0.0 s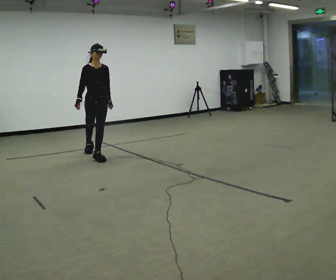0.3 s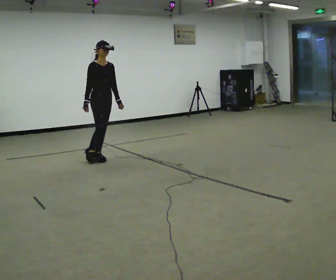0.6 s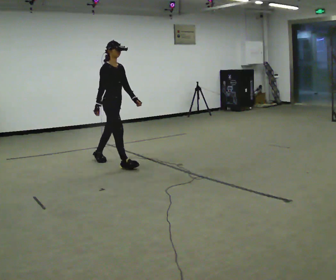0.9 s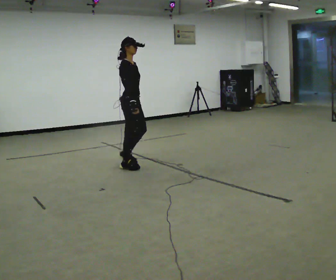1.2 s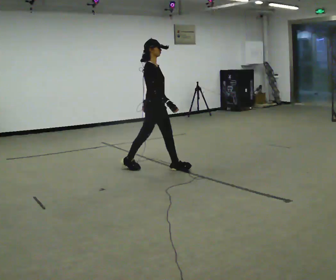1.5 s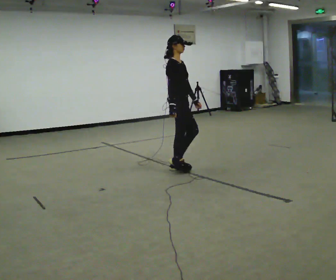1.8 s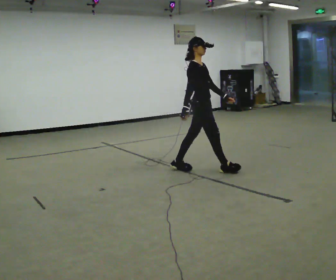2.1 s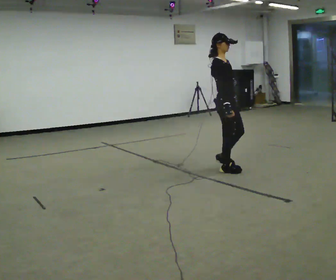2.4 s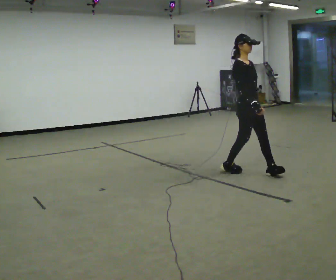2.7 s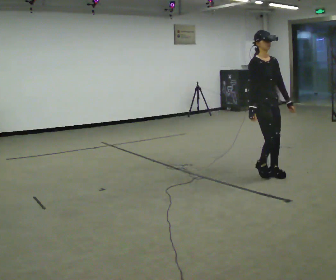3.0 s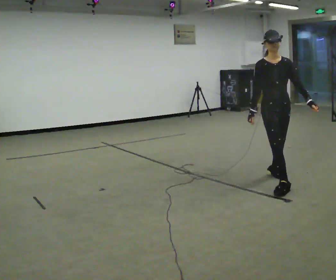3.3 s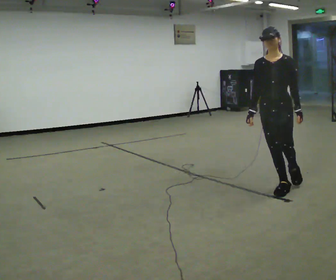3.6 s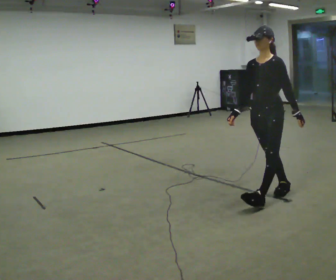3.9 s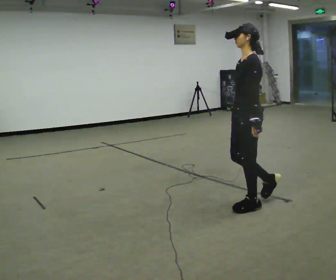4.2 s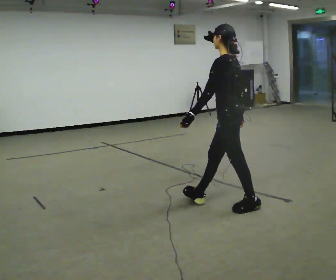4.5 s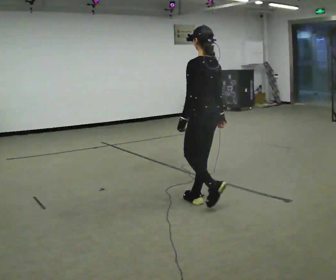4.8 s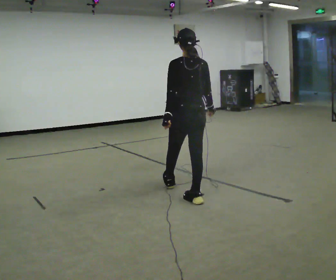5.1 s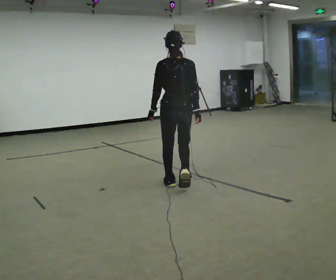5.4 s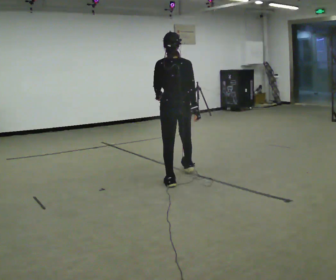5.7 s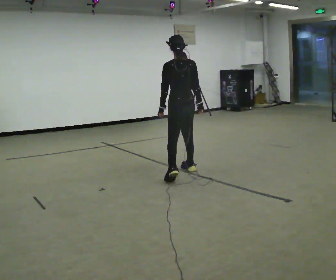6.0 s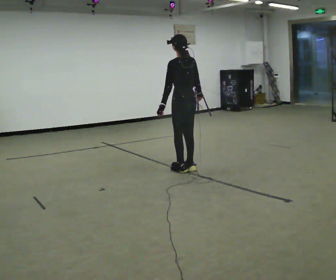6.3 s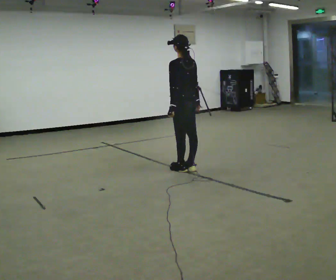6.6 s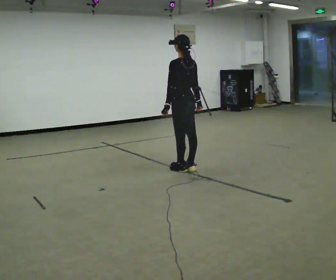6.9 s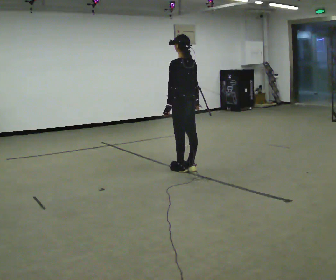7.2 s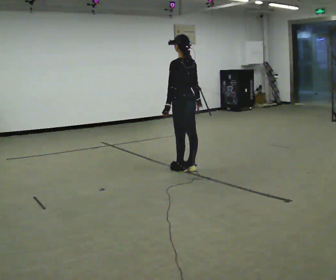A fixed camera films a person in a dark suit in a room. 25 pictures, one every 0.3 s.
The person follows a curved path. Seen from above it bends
clockwise.
0.0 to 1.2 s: Seen from above the body turns counterclockwise, about 45 degrees: to their left, with its near side sliding to the right. In the picture they go to the right and toward the camera, about 1 m in 2 steps, which for them is forward.
1.2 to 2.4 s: Seen from above the body turns clockwise, about 30 degrees: to their right, with its near side sliding to the left. In the picture they go to the right, about 1 m in 2 steps, which for them is forward.
2.4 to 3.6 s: The part of the body nearest the lens slides to the left as the person turns to their right by about 105 degrees. In the picture they go toward the camera, about 1 m in 1 step.
3.6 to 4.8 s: The person turns about 120 degrees to their right, clockwise seen from above, so the part of the body nearest the lens slides to the left. In the picture they go to the left, about 1 m in 2 steps.
4.8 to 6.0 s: Seen from above the body turns counterclockwise, about 30 degrees: to their left, with its near side sliding to the right. In the picture they go away from the camera, about 1 m in 2 steps, which for them is forward.
6.0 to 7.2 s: The person moves a little, or ends about where they began.
The film runs forward here.
